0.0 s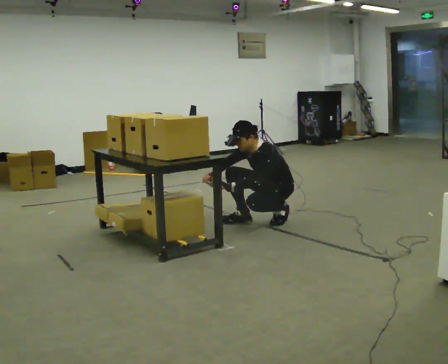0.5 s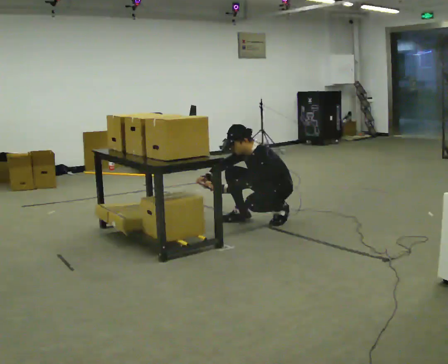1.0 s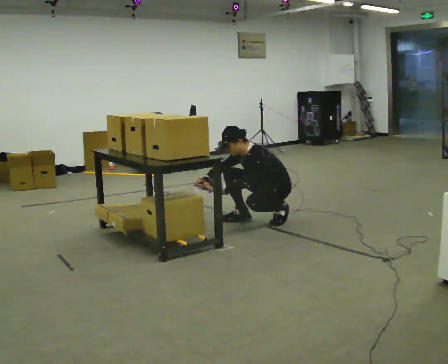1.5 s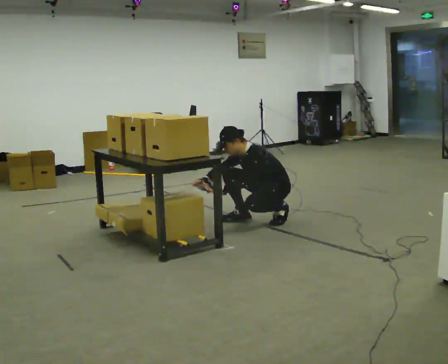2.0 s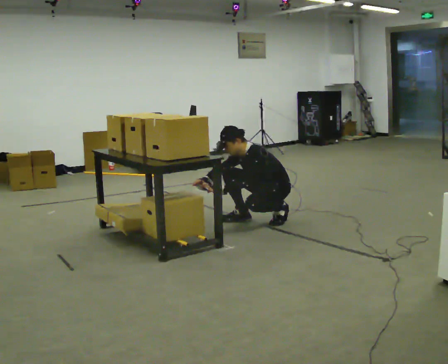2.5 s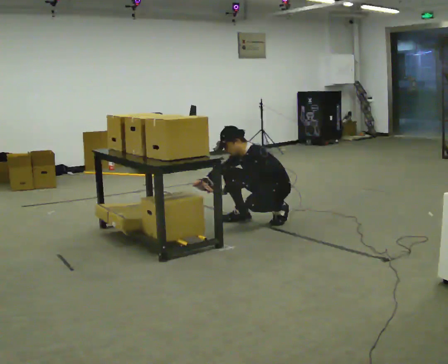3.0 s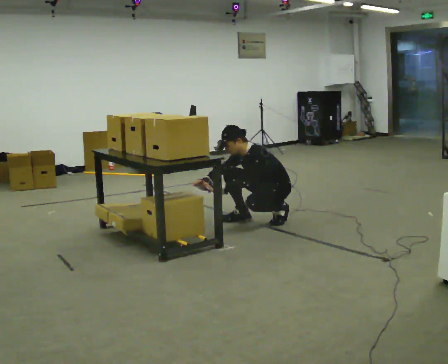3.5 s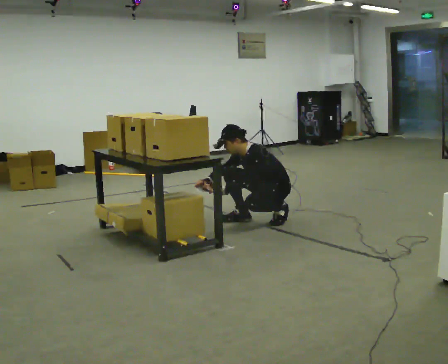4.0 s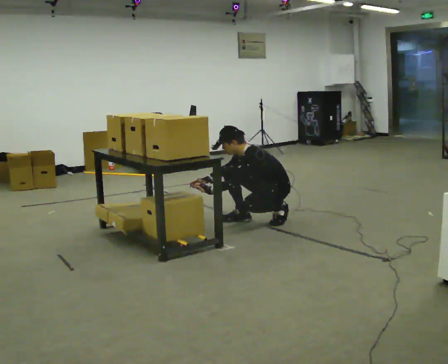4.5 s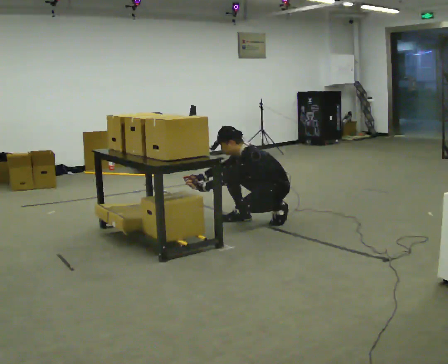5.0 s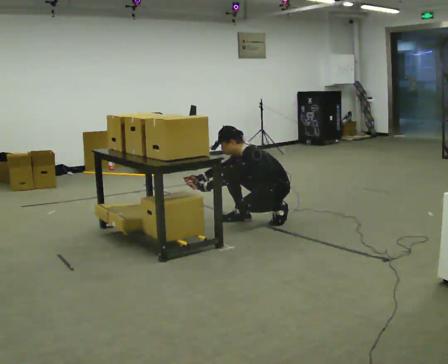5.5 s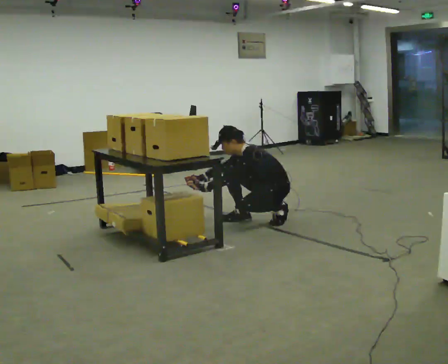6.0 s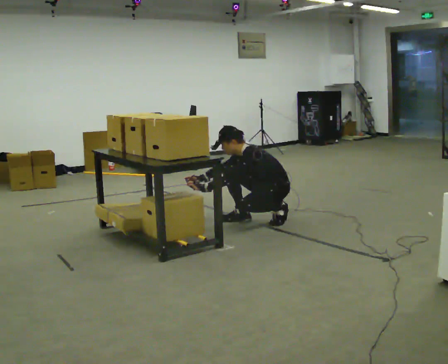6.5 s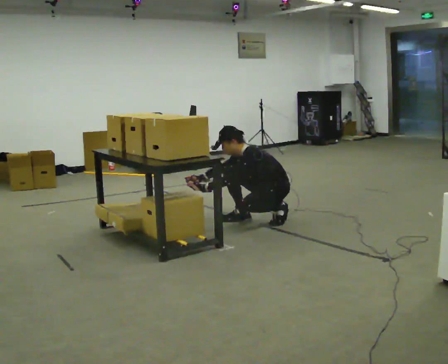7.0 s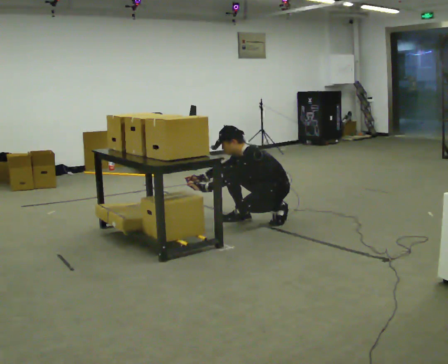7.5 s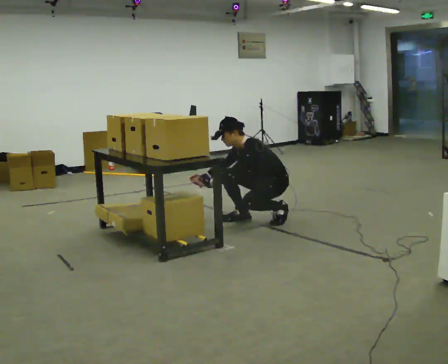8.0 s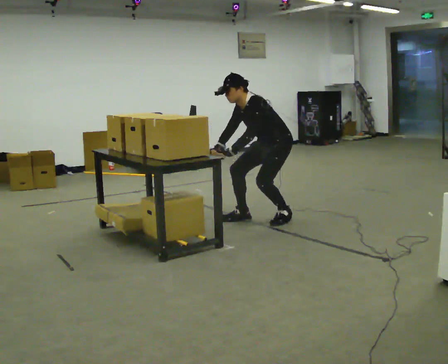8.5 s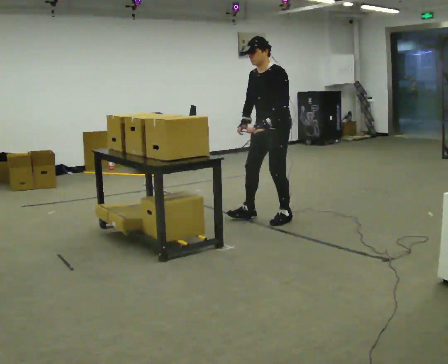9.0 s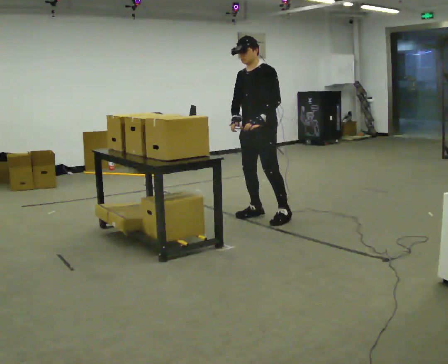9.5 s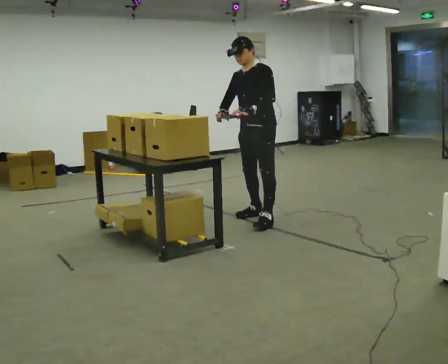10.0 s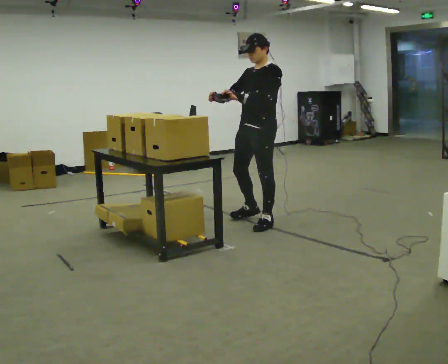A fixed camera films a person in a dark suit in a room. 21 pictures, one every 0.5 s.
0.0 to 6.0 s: The person moves a little, or ends about where they began.
6.0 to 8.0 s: The shoulders move upward. In the picture their left hand goes upward.
8.0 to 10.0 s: In the picture they go toward the camera, about 0.25 m in 2 steps, which for them is forward. The upper body goes upward. In the picture the upper body tilts clockwise, shoulders to the right, as they lean back or straighten. In the picture their right hand goes upward.
The film runs forward here.
